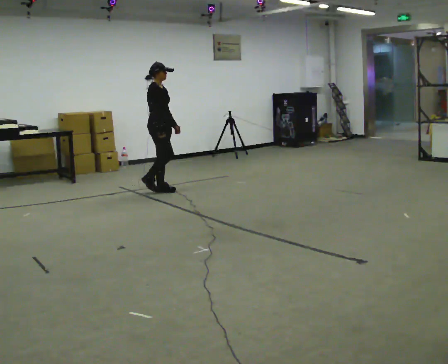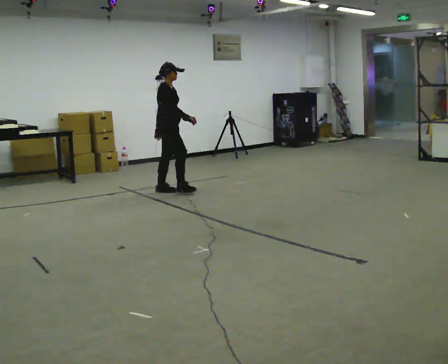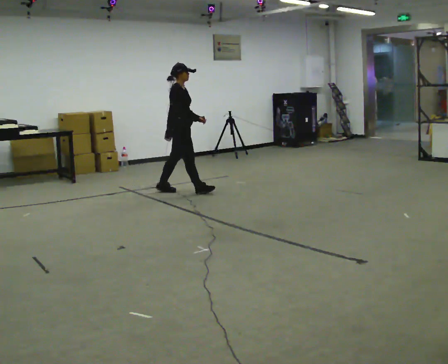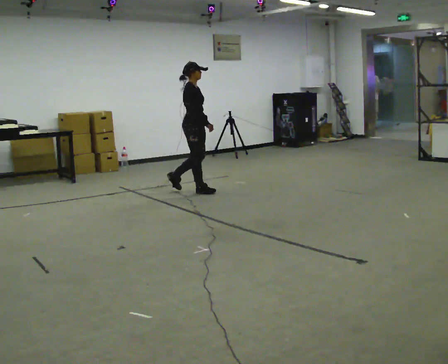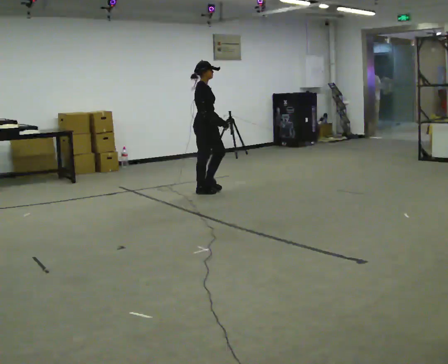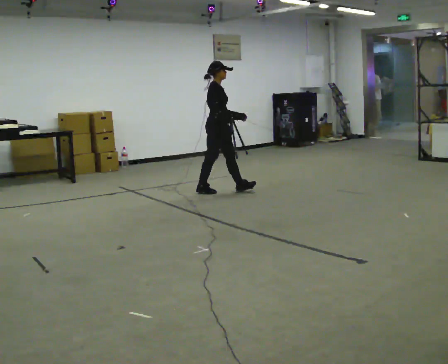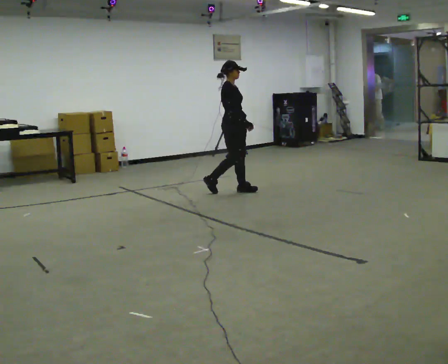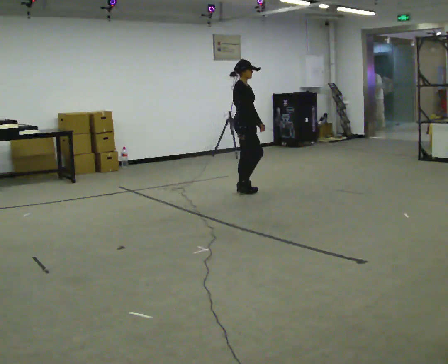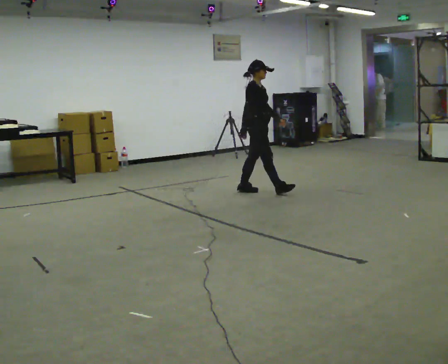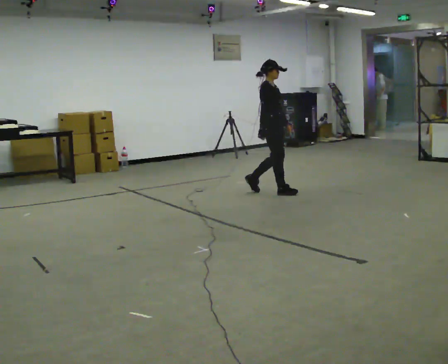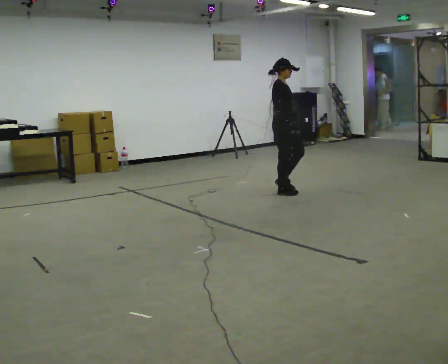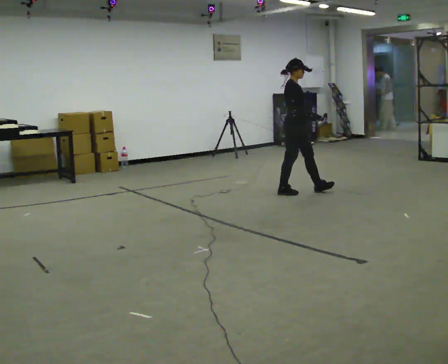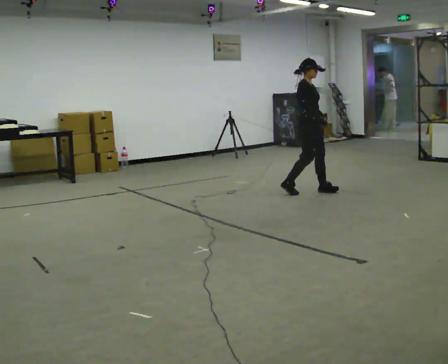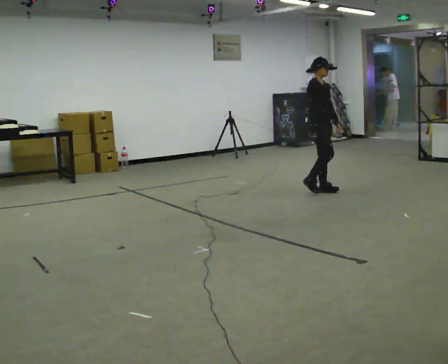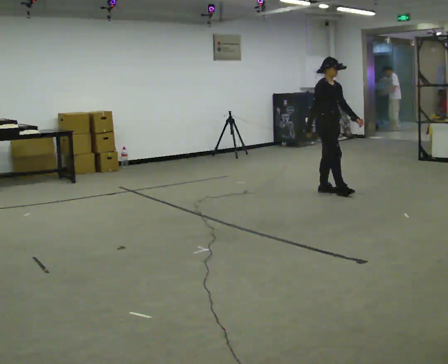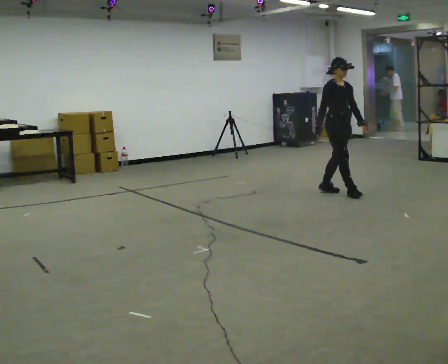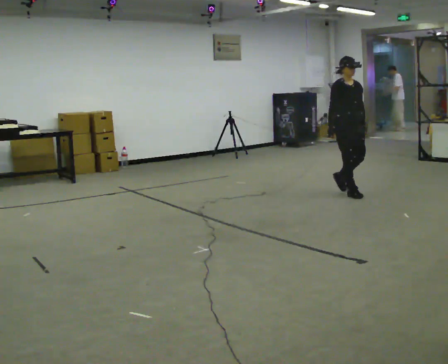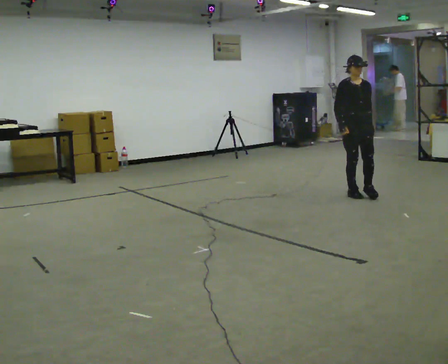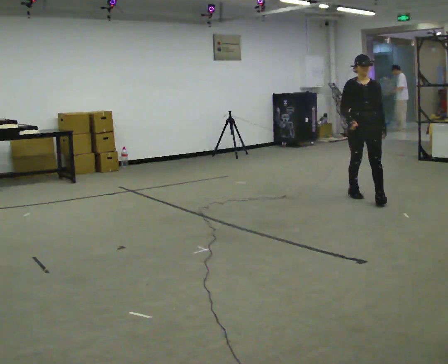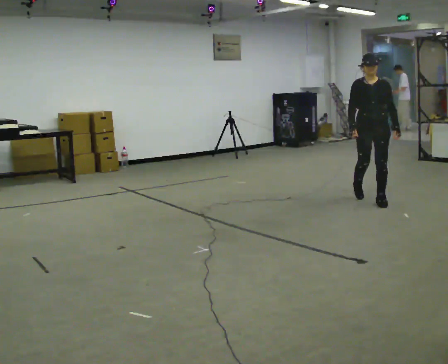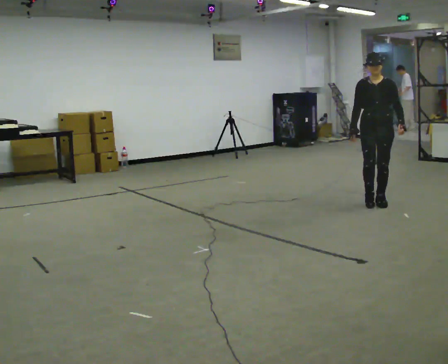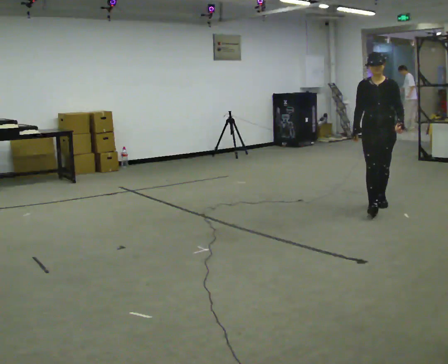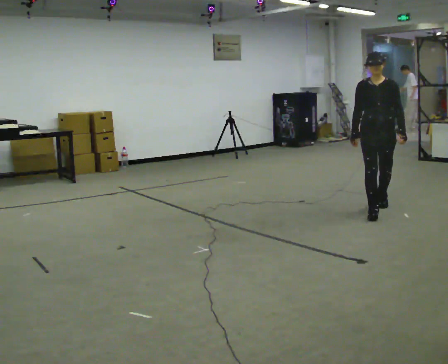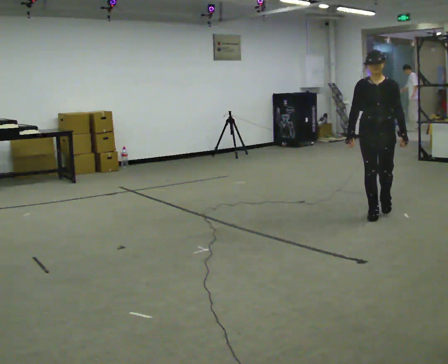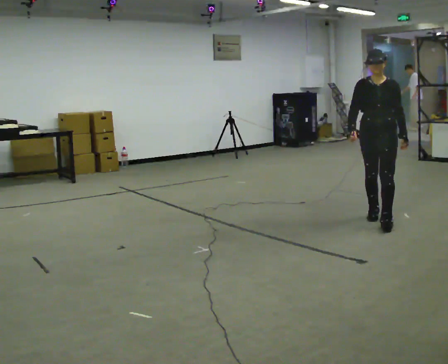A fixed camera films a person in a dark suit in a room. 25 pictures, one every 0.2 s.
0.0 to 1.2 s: In the picture they go to the right, about 1 m in 2 steps, which for them is forward.
1.2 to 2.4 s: In the picture they go to the right, about 1 m in 2 steps, which for them is forward.
2.4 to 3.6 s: The part of the body nearest the lens slides to the left as the person turns to their right by about 60 degrees. In the picture they go to the right and toward the camera, about 1 m in 2 steps.
3.6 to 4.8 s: In the picture they go toward the camera, about 1 m in 1 step, which for them is forward.
The film runs forward here.
